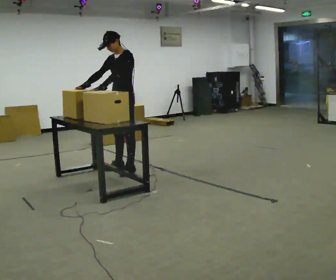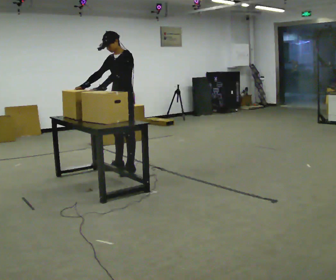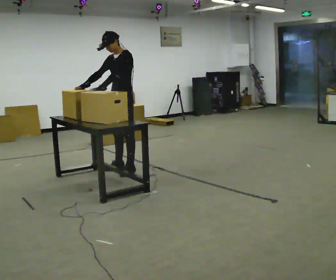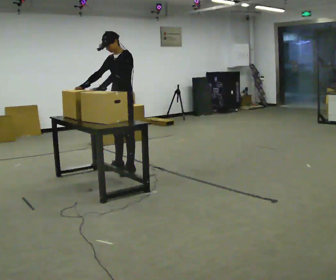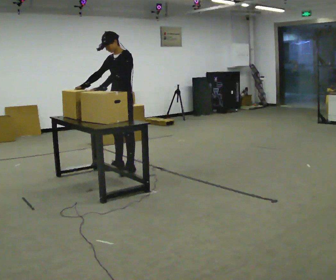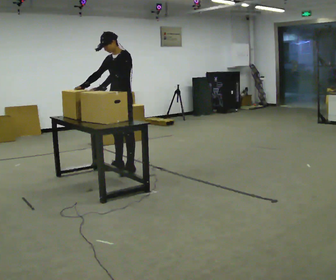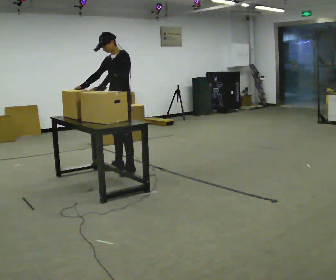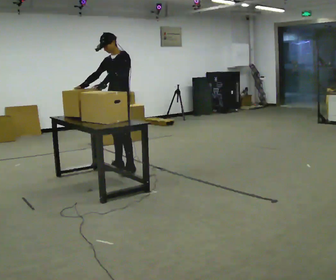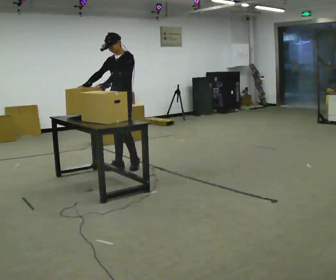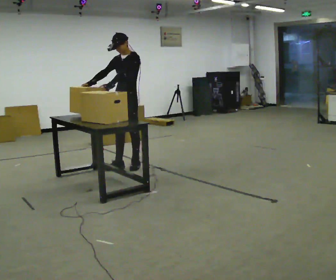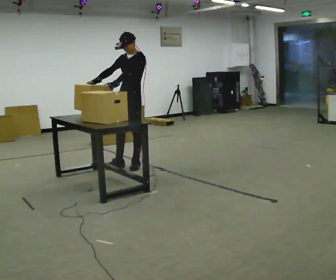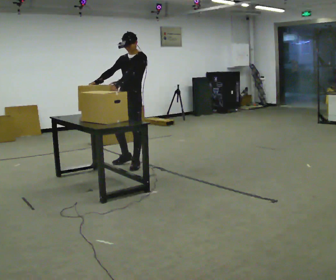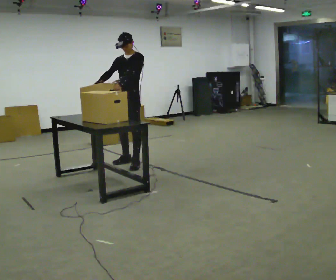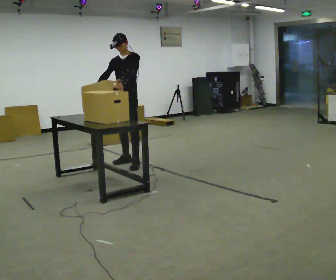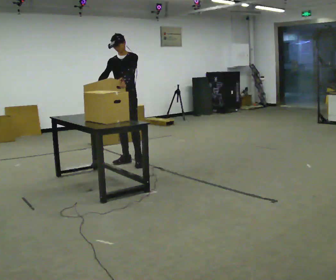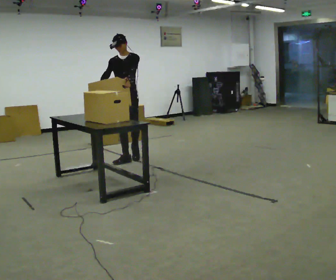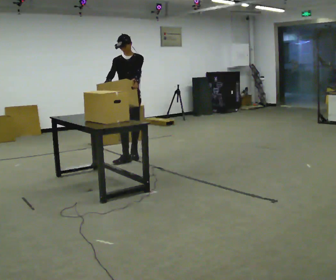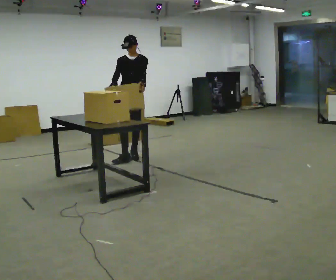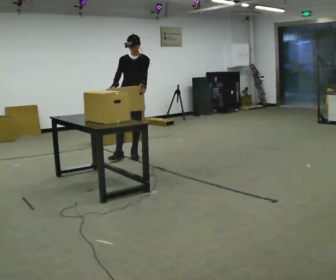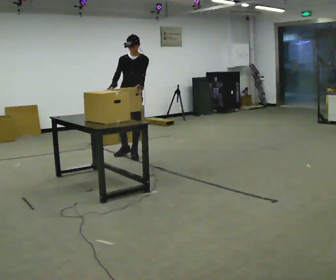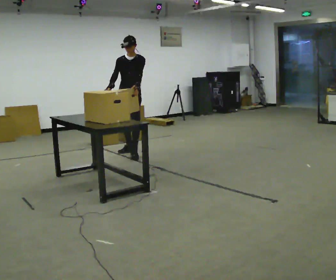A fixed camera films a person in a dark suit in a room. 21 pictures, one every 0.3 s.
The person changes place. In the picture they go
away from the camera.
0.0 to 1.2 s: The person keeps their place and pose.
1.2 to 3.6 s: In the picture they go away from the camera, about 0.25 m in 2 steps, which for them is backward and to their right.
3.6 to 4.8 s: In the picture they go away from the camera, about 0.25 m in 1 step, which for them is backward and to their right.
4.8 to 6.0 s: In the picture they go away from the camera, about 0.25 m in 1 step, which for them is backward.
The film runs backward here.
